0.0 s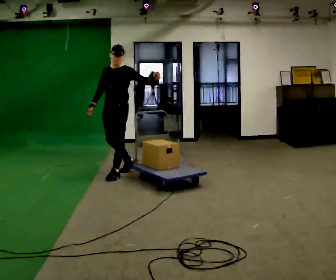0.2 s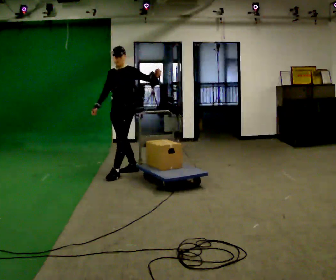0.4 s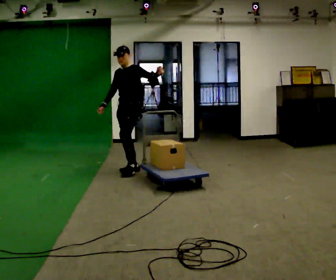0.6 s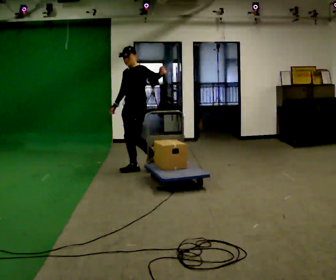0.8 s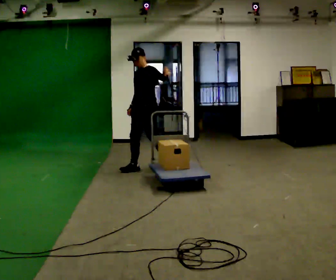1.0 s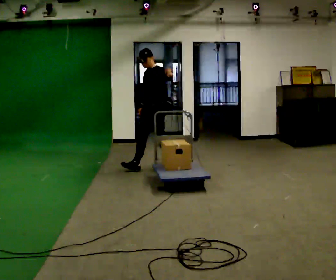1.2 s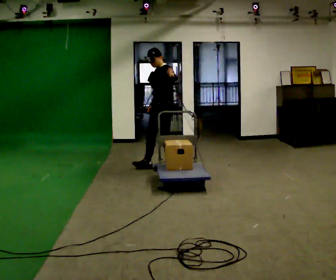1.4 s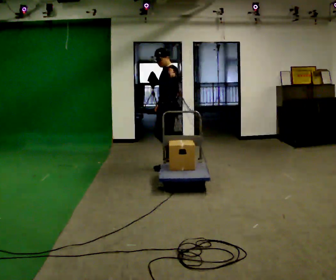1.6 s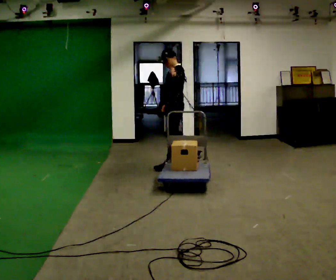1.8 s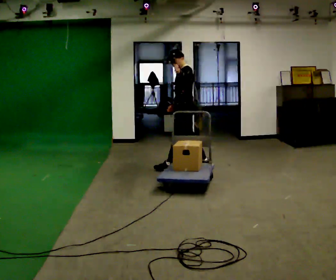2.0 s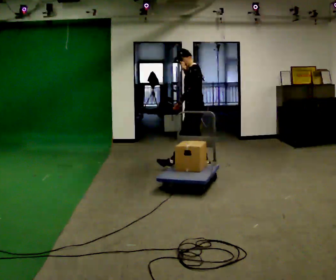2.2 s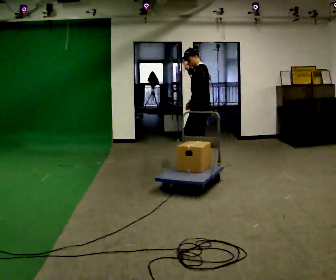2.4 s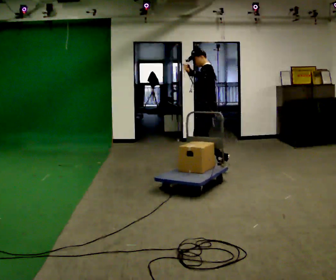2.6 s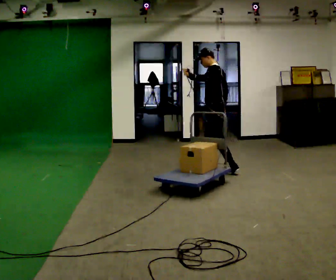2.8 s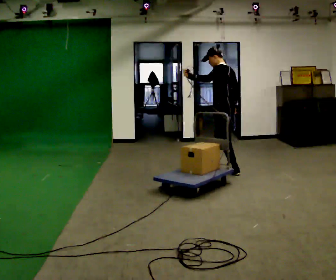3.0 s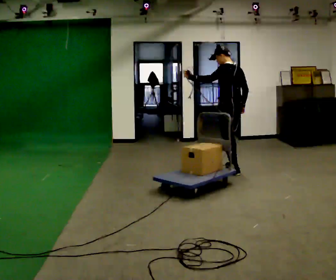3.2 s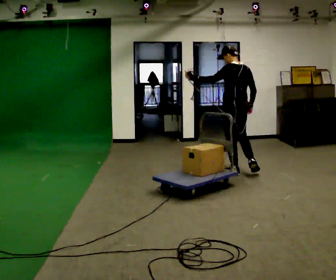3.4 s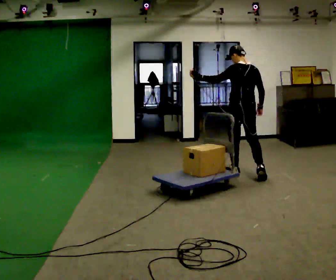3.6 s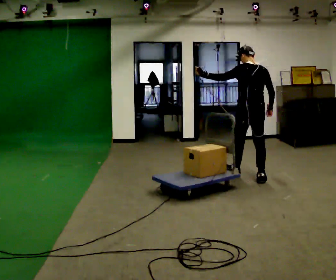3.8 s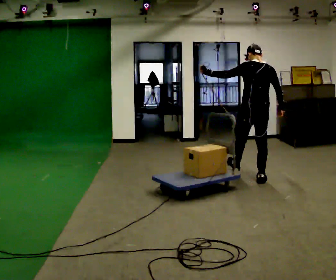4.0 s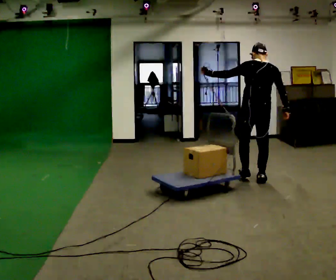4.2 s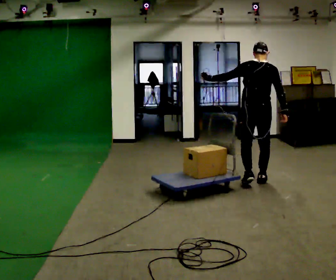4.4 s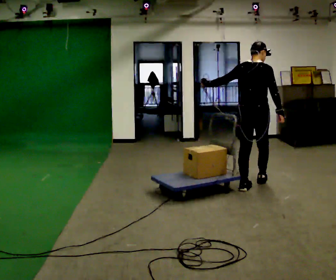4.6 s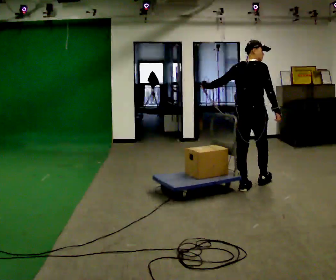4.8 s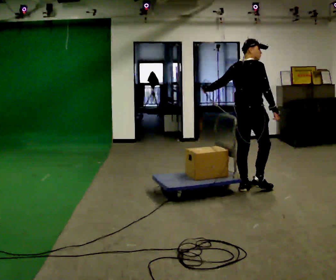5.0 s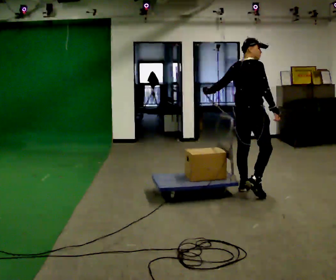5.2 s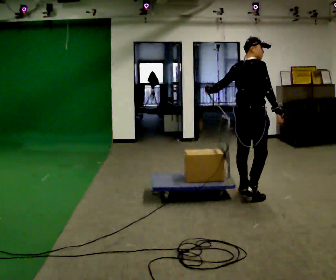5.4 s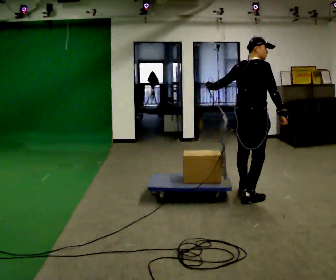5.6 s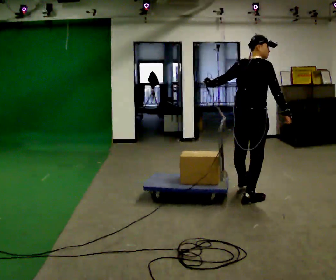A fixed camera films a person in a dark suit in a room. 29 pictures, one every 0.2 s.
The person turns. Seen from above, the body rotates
clockwise.
The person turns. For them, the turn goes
to their right.
0.0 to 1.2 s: The person turns about 30 degrees to their right, clockwise seen from above, so the part of the body nearest the lens slides to the left. In the picture they go to the right and away from the camera, about 0.75 m in 2 steps, which for them is backward.
1.2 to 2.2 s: The person turns about 30 degrees to their right, clockwise seen from above, so the part of the body nearest the lens slides to the left. In the picture they go to the right, about 0.5 m in 1 step, which for them is backward.
2.2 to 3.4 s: The person turns about 60 degrees to their right, clockwise seen from above, so the part of the body nearest the lens slides to the left. In the picture they go to the right and toward the camera, about 0.5 m in 1 step.
3.4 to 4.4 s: Seen from above the body turns clockwise, about 30 degrees: to their right, with its near side sliding to the left. In the picture they go toward the camera, about 0.5 m in 1 step, which for them is backward.
4.4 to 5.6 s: In the picture they go toward the camera, about 0.5 m in 2 steps, which for them is backward and to their right.
The film runs backward here.
